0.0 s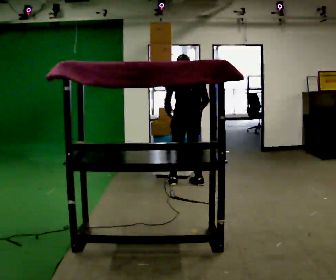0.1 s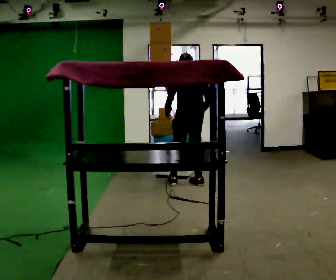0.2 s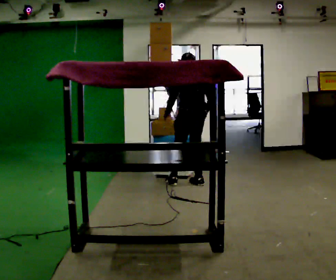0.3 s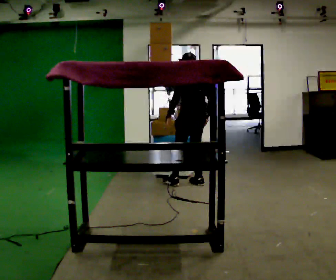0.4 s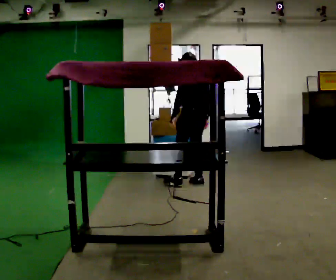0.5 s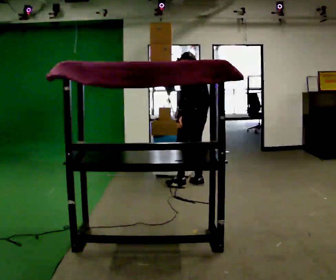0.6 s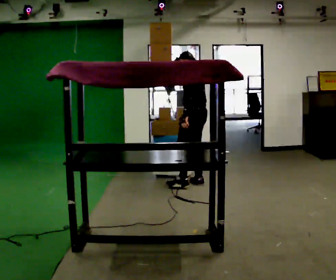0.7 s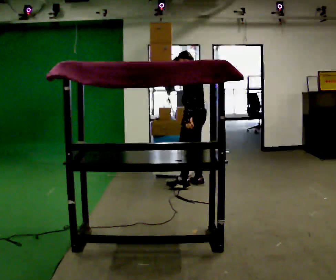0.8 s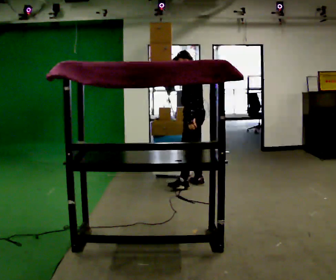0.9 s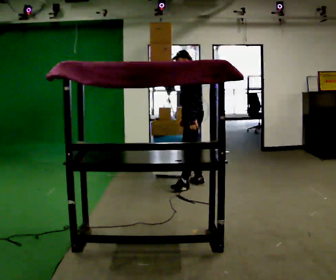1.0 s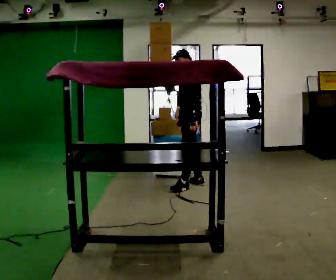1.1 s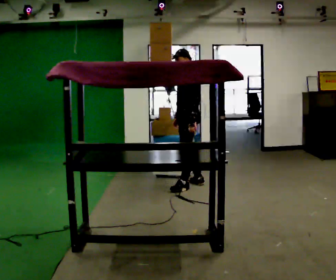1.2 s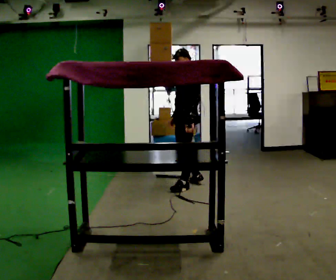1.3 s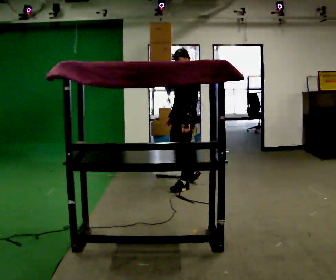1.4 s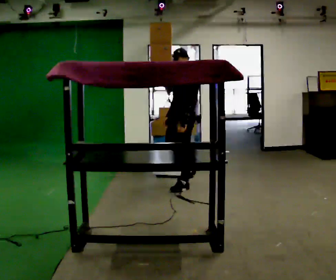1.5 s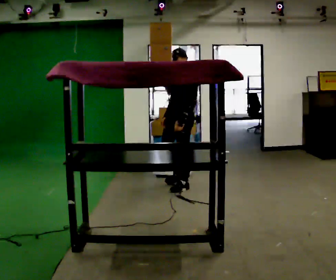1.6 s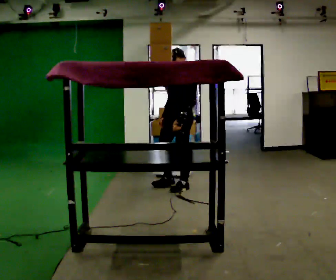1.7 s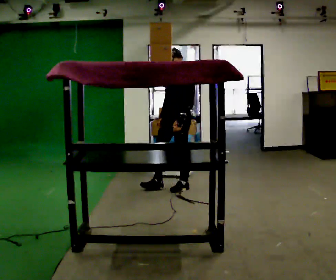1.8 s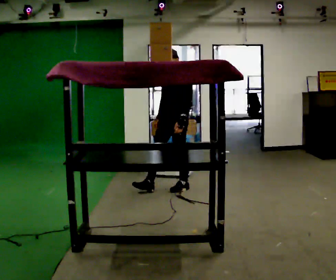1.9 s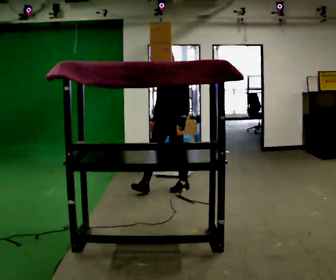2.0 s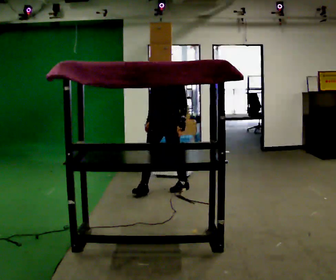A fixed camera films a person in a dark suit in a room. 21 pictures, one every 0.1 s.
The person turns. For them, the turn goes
to their left.
The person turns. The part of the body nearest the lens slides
to the right.
0.0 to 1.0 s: The part of the body nearest the lens slides to the right as the person turns to their left by about 75 degrees. In the picture their left hand goes to the right.
1.0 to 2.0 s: The part of the body nearest the lens slides to the right as the person turns to their left by about 45 degrees. In the picture they go to the left and toward the camera, about 0.5 m in 1 step, which for them is forward.
The film runs forward here.
